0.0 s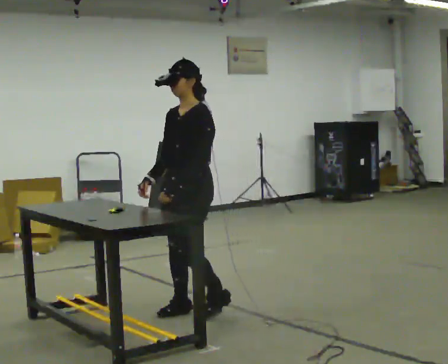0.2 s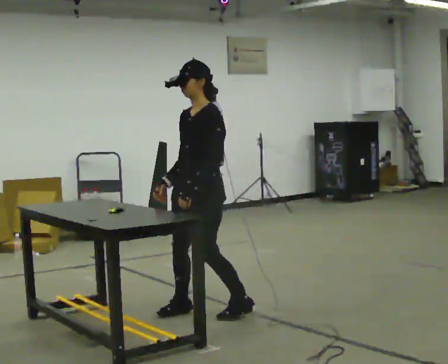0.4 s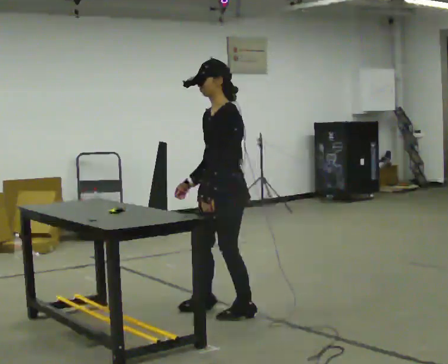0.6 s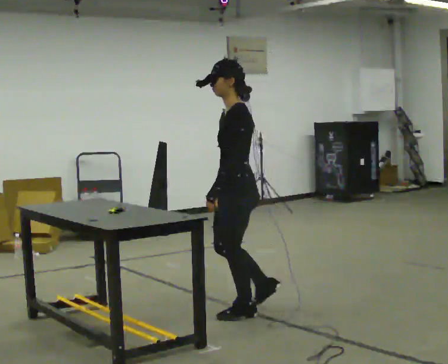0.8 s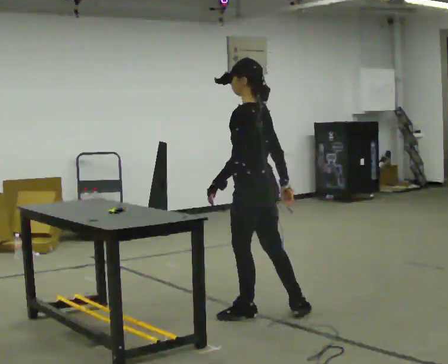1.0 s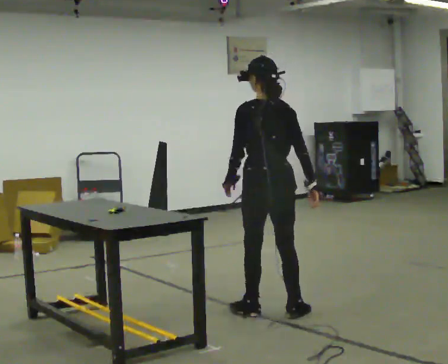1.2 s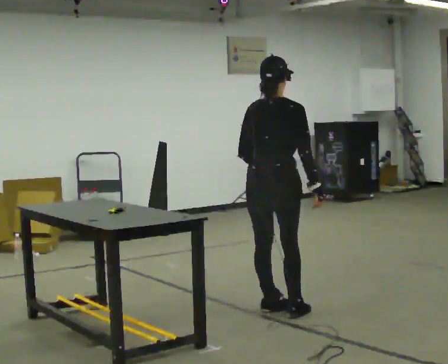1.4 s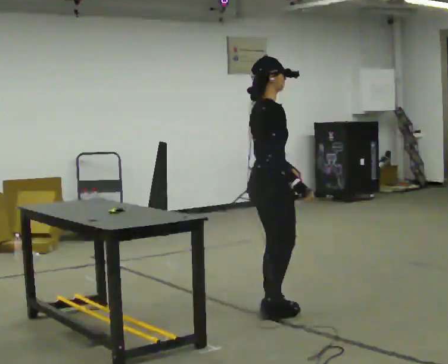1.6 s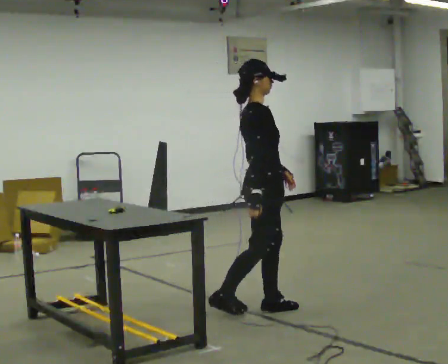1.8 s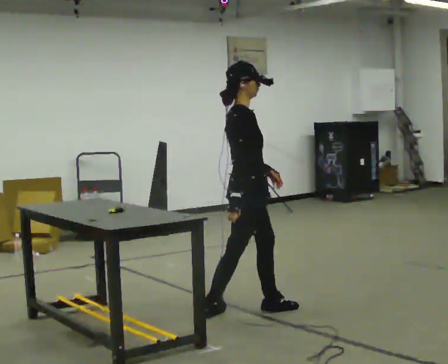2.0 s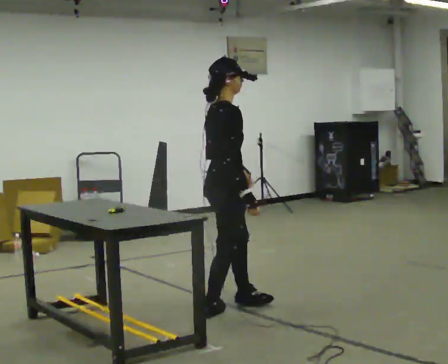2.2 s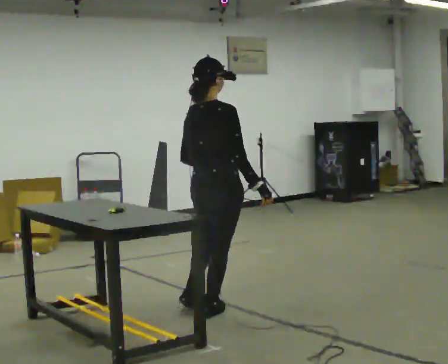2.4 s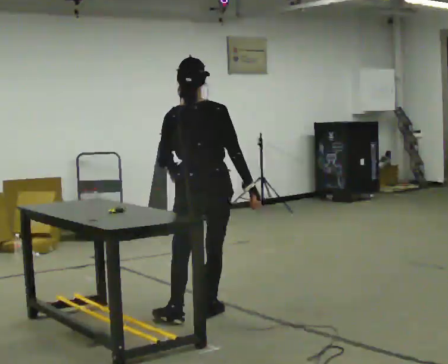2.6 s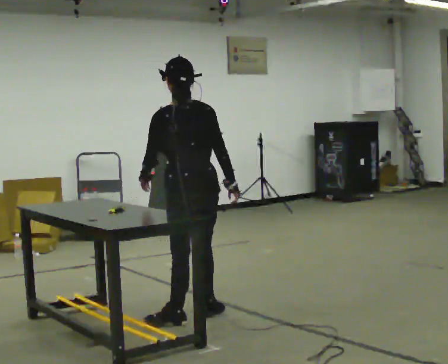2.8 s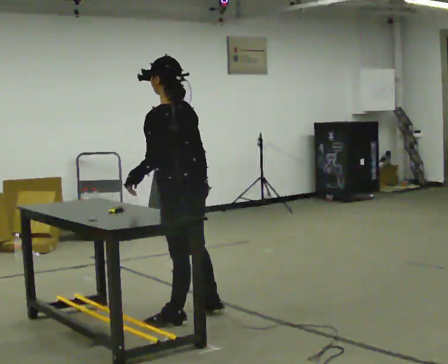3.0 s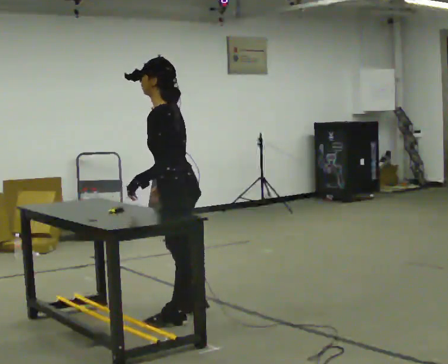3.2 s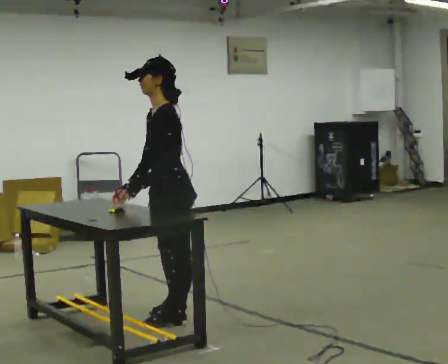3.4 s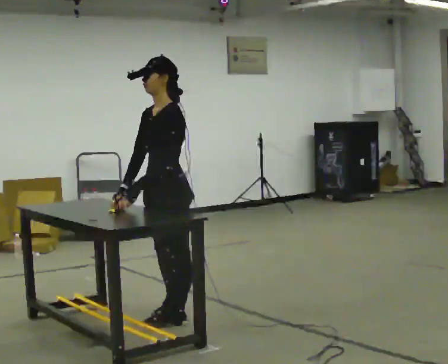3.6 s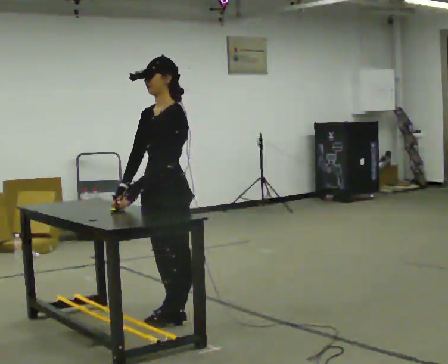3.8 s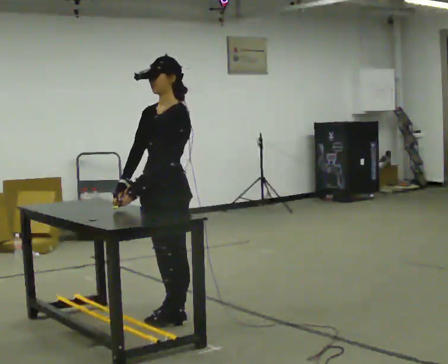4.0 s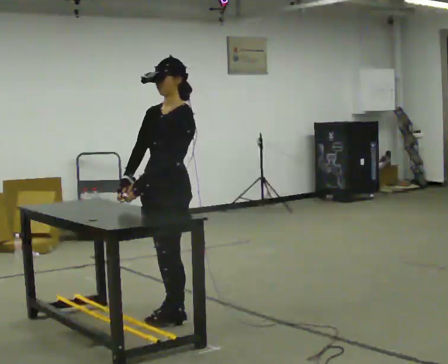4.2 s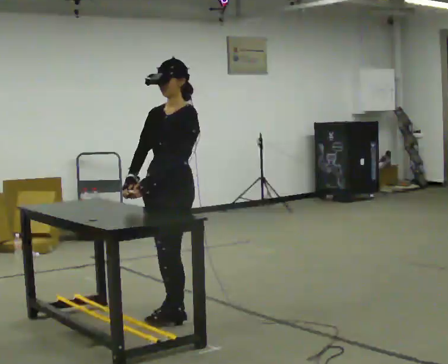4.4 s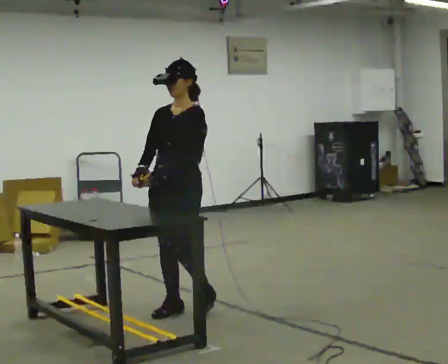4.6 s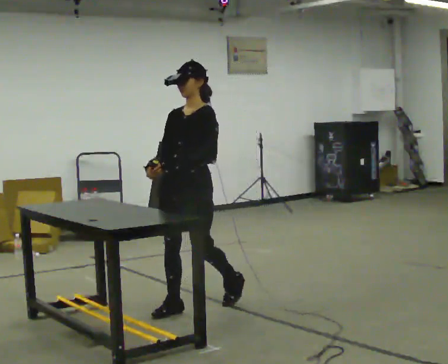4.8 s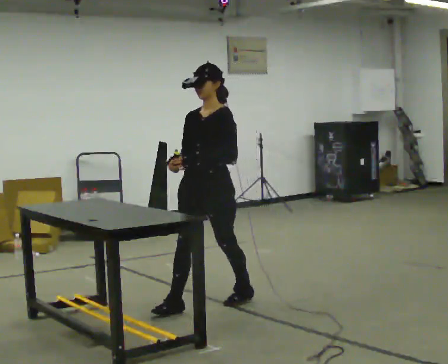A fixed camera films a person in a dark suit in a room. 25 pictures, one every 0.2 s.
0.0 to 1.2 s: The person turns about 165 degrees to their right, clockwise seen from above, so the part of the body nearest the lens slides to the left. In the picture they go to the right, about 0.5 m in 1 step.
1.2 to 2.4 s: The person turns about 30 degrees to their left, counterclockwise seen from above, so the part of the body nearest the lens slides to the right. In the picture they go to the left, about 0.5 m in 2 steps.
2.4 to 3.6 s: Seen from above the body turns counterclockwise, about 120 degrees: to their left, with its near side sliding to the right. In the picture they go to the left, about 0.25 m in 1 step. In the picture their right hand goes to the left, the arm swinging clockwise.
3.6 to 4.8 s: In the picture they go away from the camera and to the right, about 0.5 m in 1 step, which for them is backward.
The film runs backward here.
